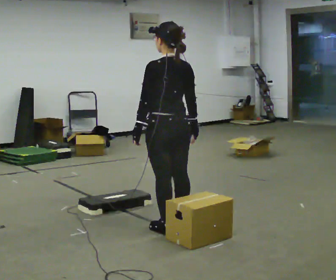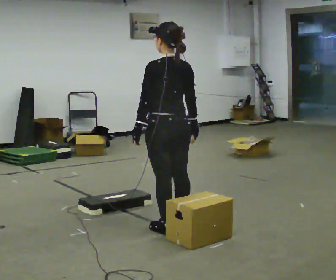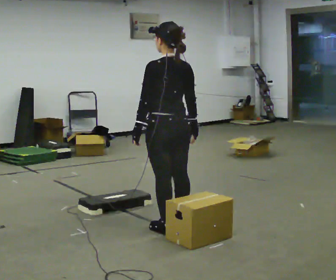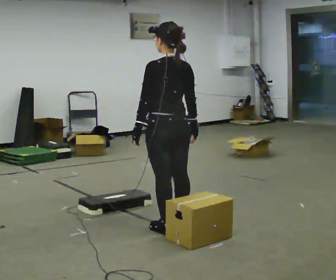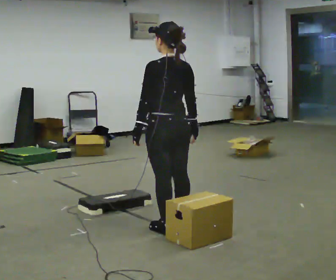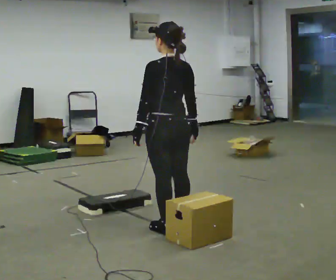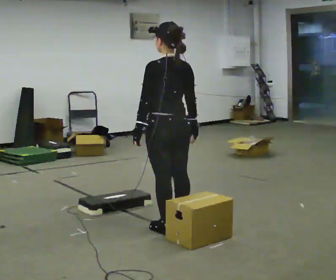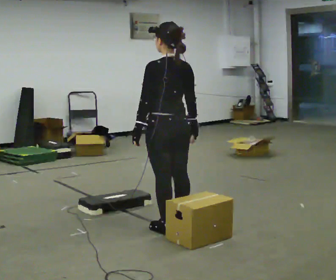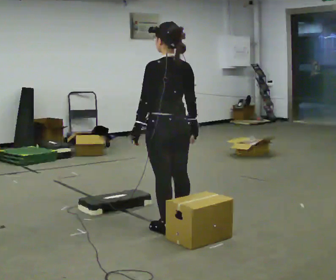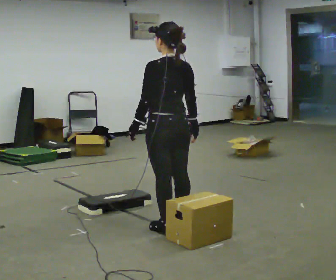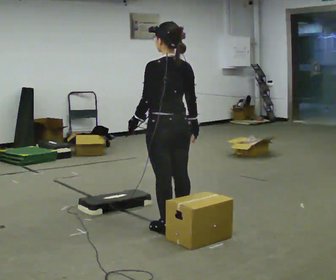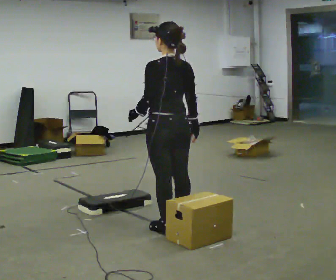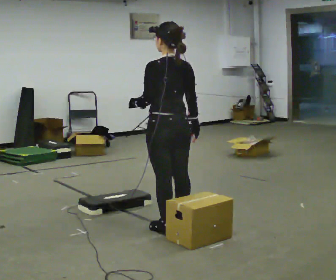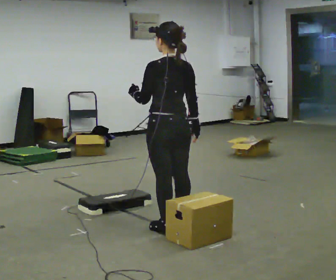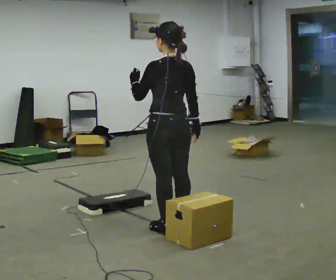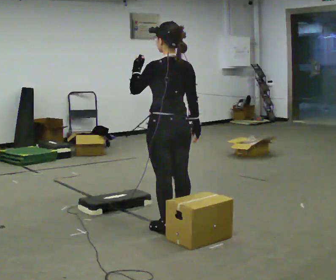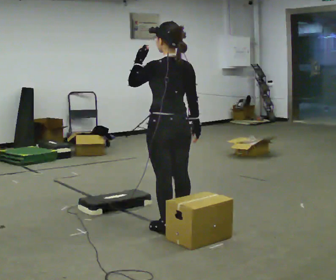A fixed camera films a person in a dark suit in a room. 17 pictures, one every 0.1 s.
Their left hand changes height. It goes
upward.
0.0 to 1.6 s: In the picture their left hand goes upward.
The film runs backward here.
